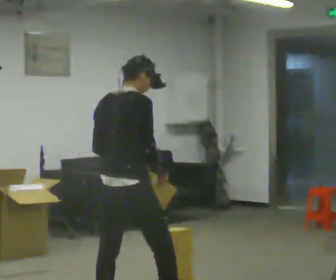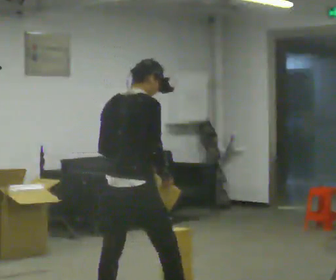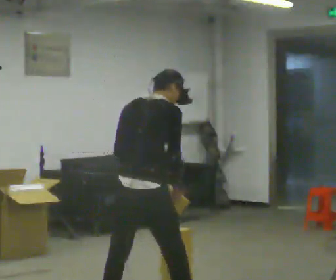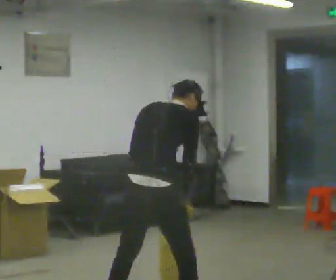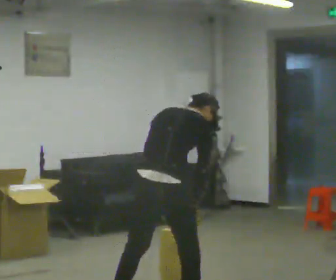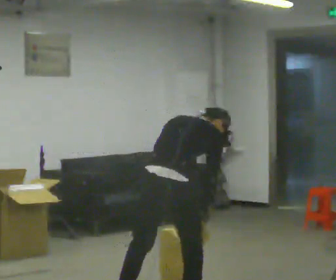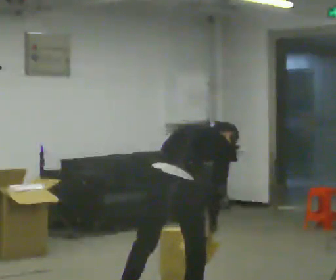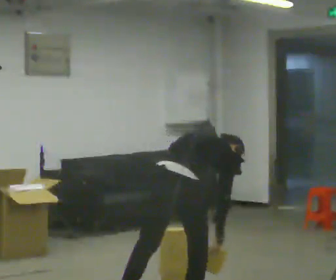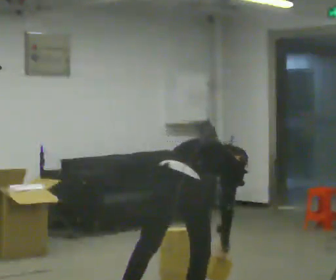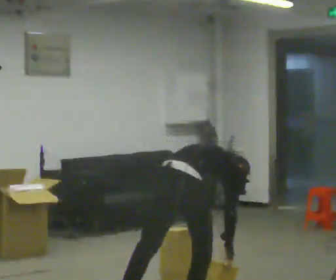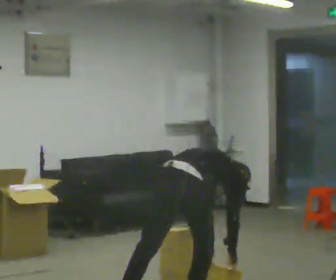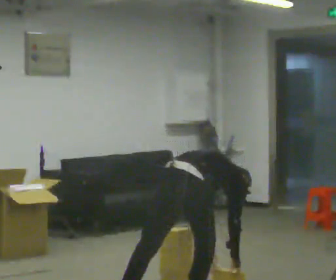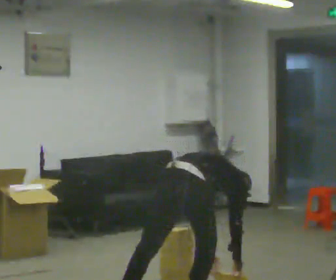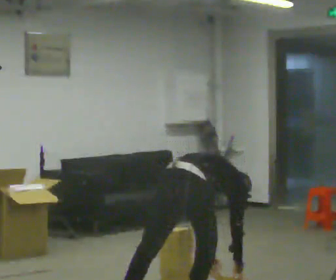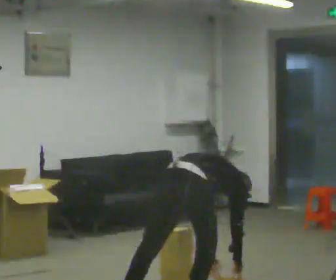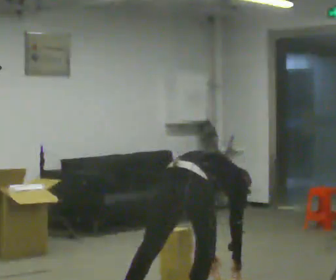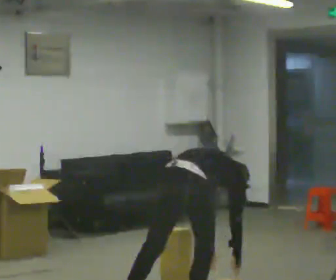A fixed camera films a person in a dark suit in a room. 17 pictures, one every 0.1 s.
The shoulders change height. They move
downward.
Their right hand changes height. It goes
downward.
0.0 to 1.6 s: In the picture they go to the right and away from the camera, about 0.5 m in 1 step, which for them is forward and to their right. The upper body goes downward. The upper body tips away from the camera, its near side rolling upward, as they bend forward. In the picture their left hand goes downward.
The film runs forward here.
